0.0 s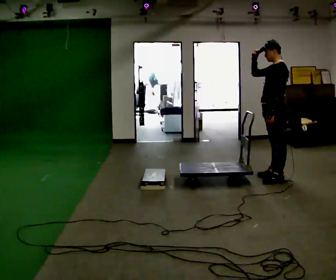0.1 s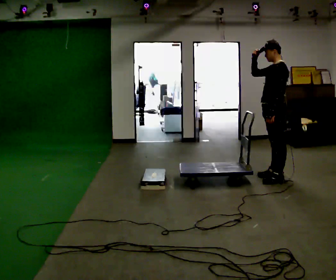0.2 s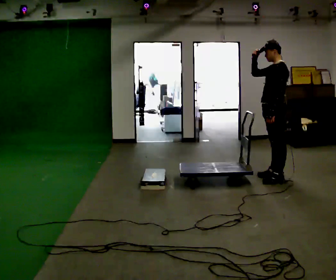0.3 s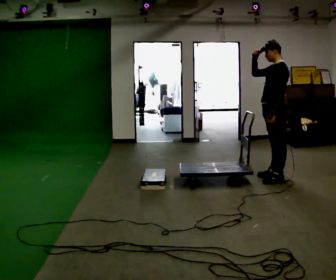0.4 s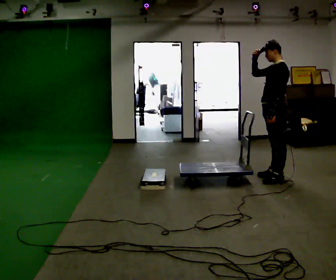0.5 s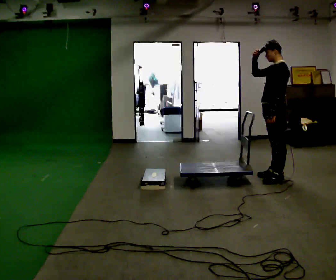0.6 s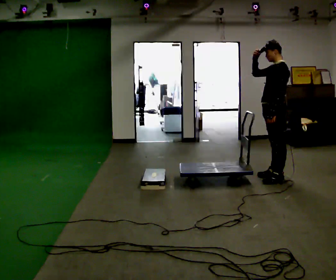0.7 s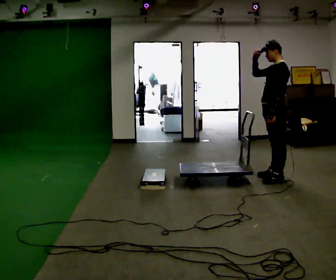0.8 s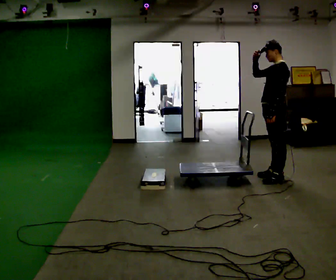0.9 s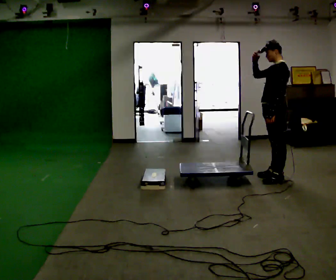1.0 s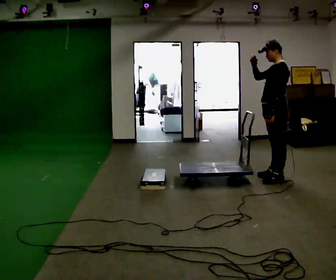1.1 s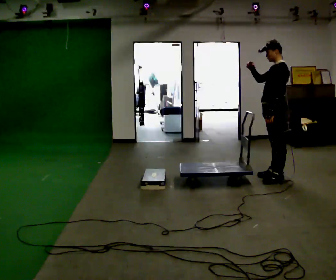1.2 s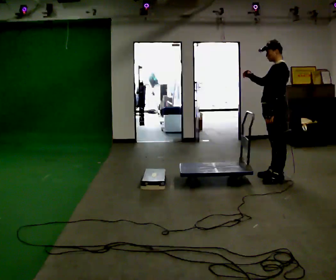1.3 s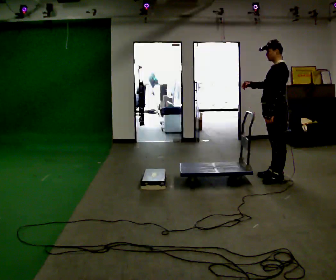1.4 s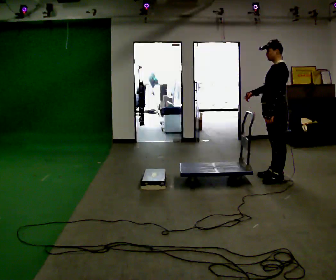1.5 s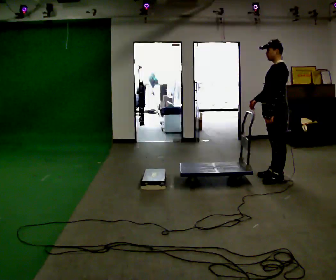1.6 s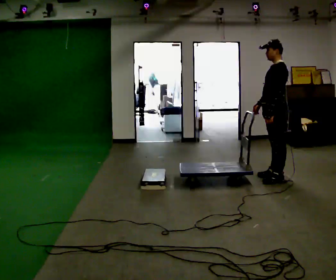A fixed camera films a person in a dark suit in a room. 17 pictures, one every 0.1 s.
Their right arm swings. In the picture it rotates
counterclockwise.
Their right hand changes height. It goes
downward.
0.0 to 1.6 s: In the picture their right hand goes downward, the arm swinging counterclockwise.
The film runs backward here.
